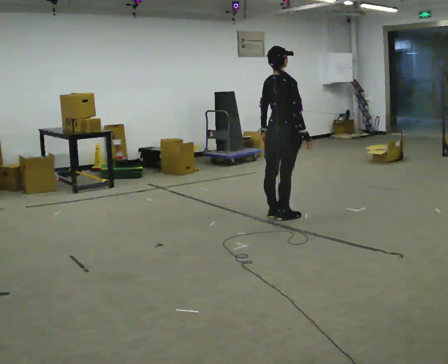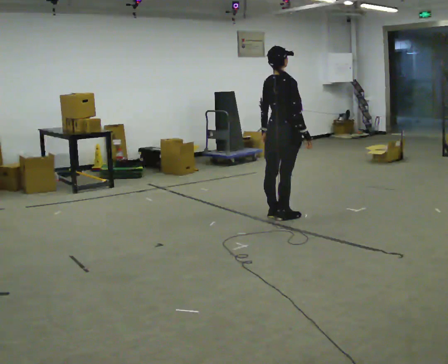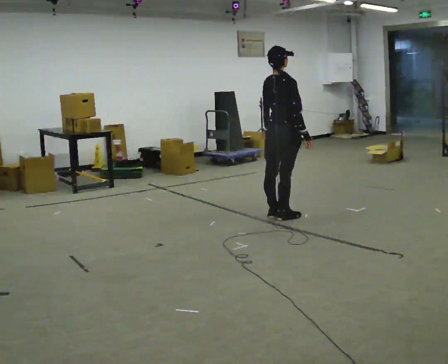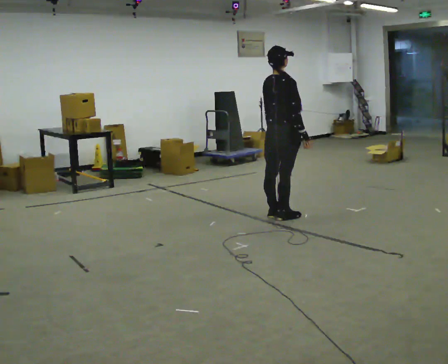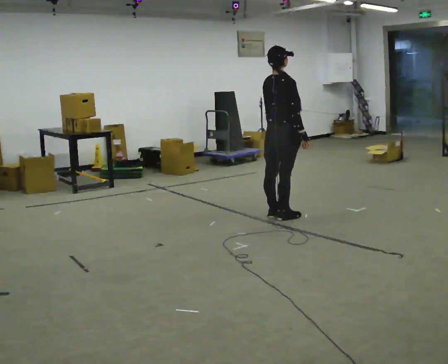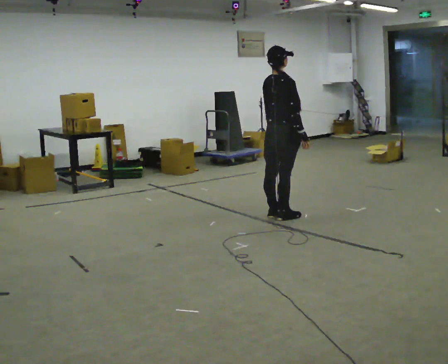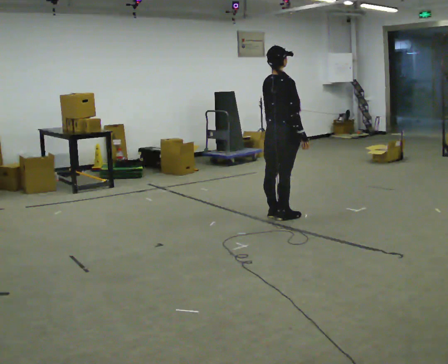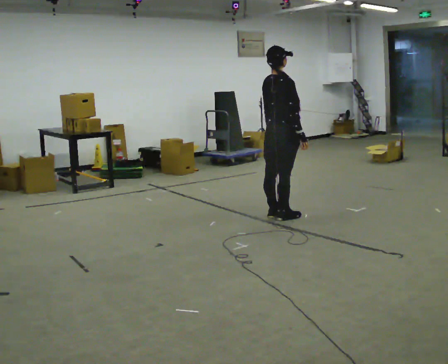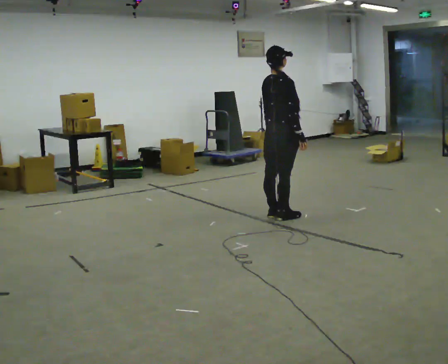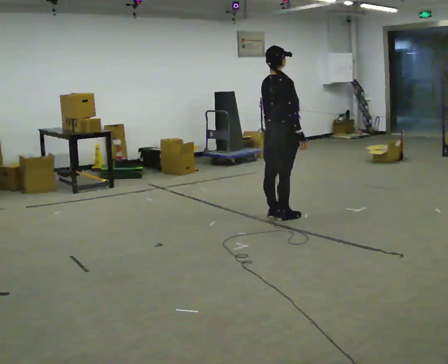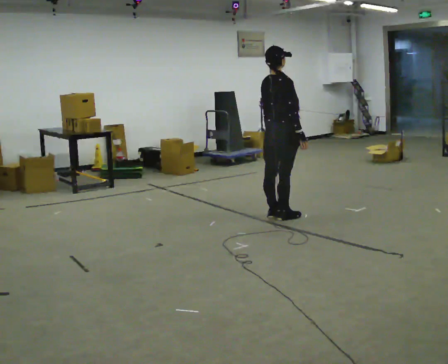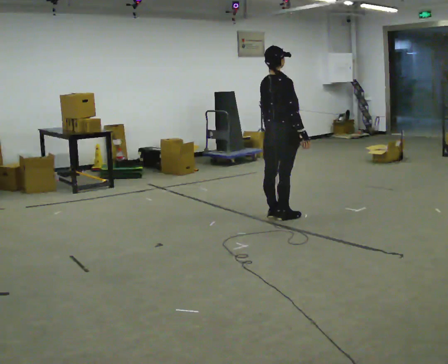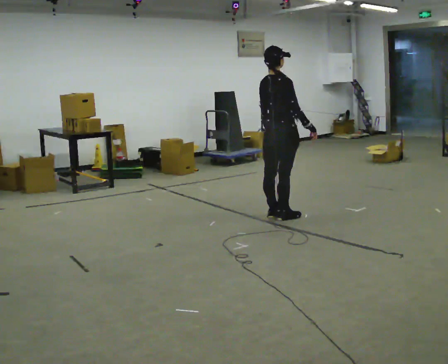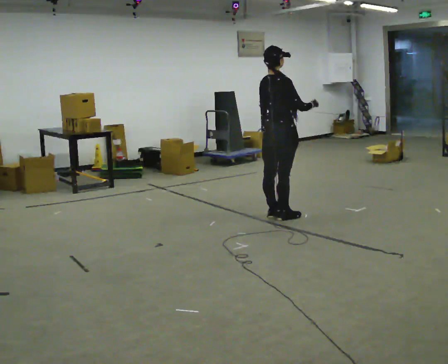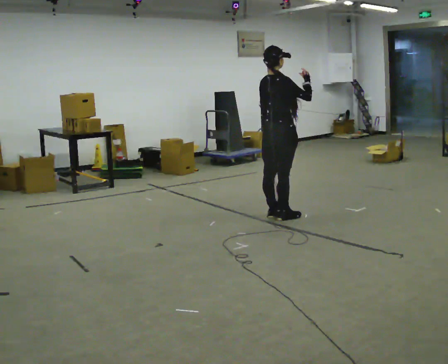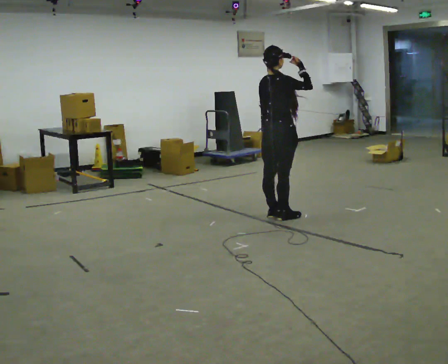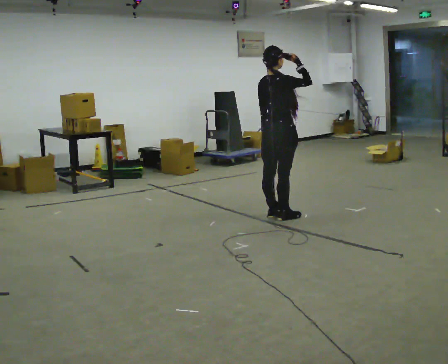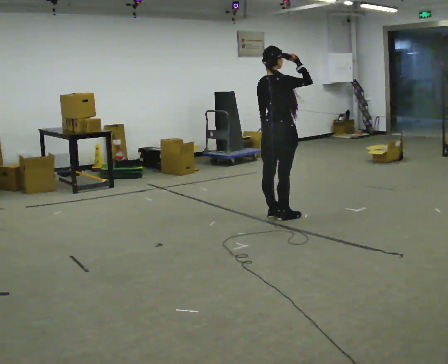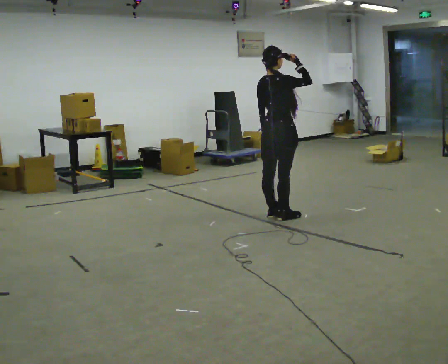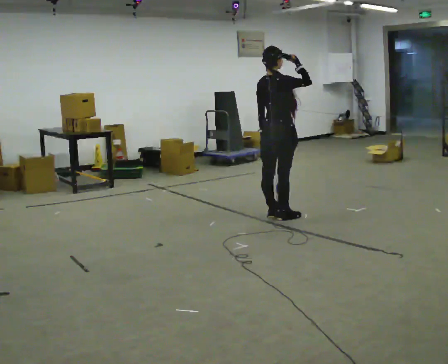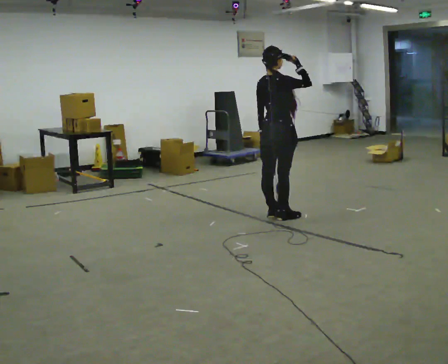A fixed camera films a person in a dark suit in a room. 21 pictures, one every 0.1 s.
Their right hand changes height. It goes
upward.
0.0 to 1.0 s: The person moves a little, or ends about where they began.
1.0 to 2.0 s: In the picture their right hand goes upward.
The film runs forward here.
